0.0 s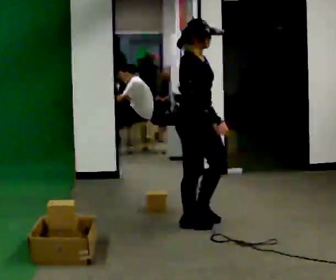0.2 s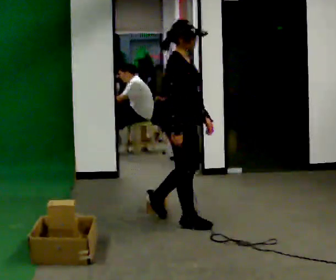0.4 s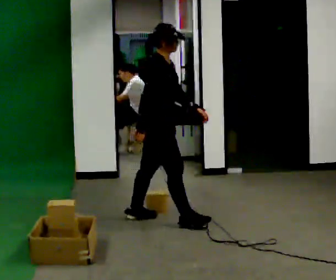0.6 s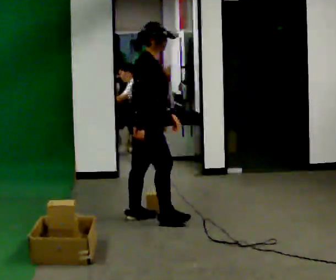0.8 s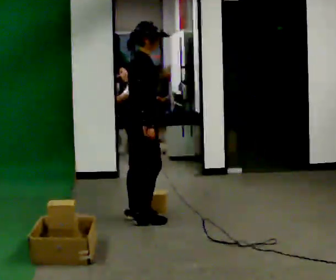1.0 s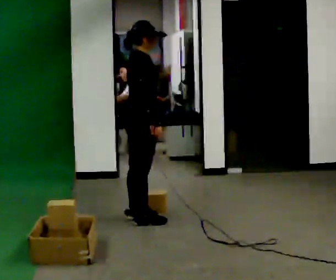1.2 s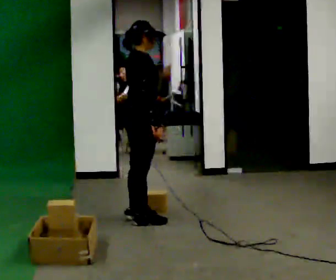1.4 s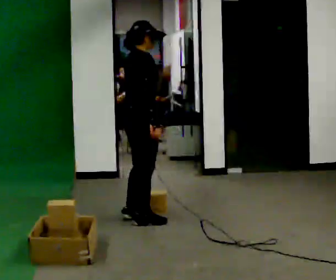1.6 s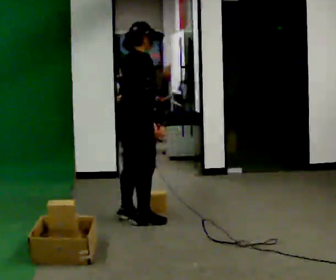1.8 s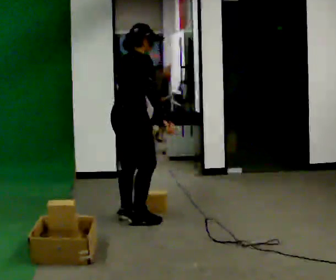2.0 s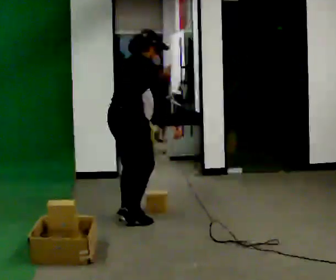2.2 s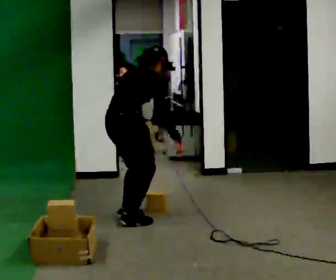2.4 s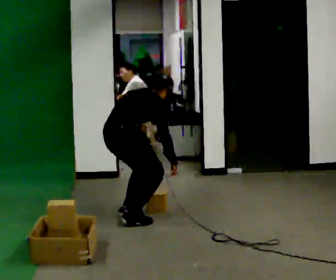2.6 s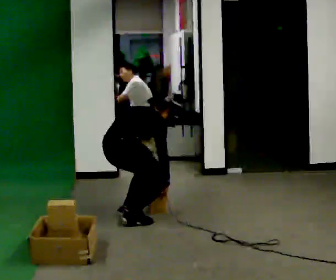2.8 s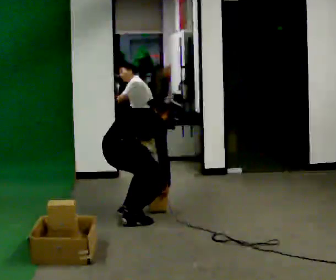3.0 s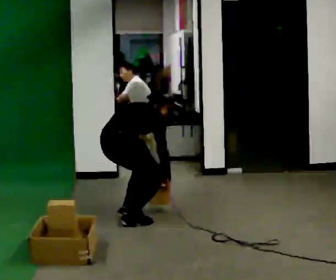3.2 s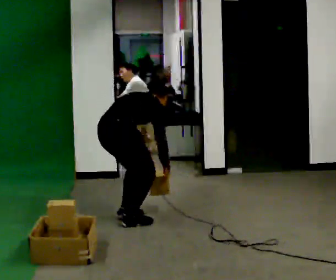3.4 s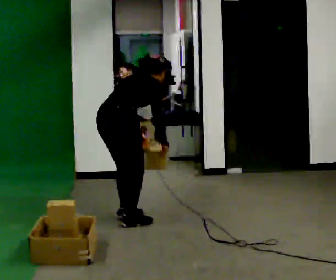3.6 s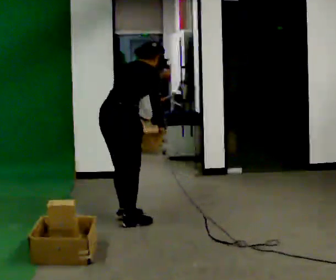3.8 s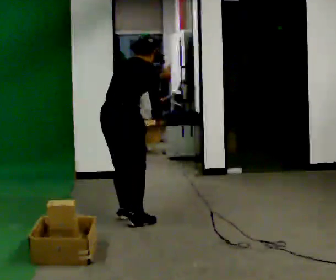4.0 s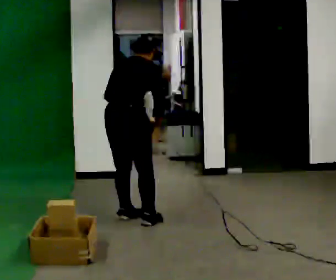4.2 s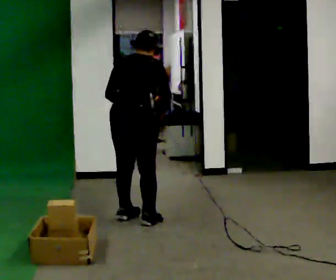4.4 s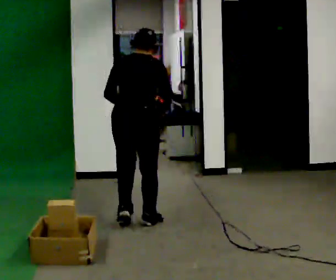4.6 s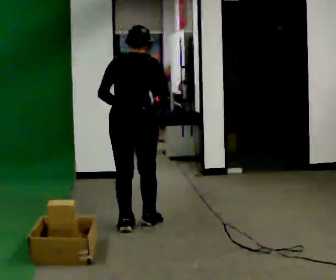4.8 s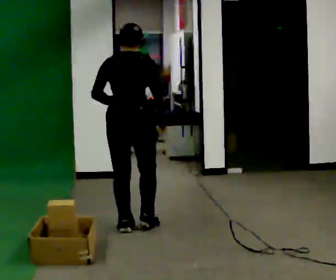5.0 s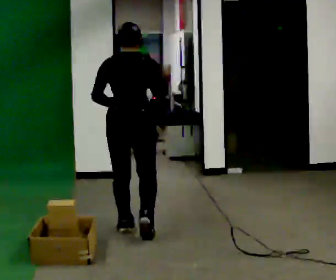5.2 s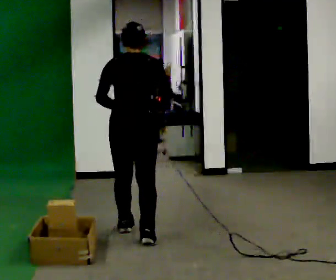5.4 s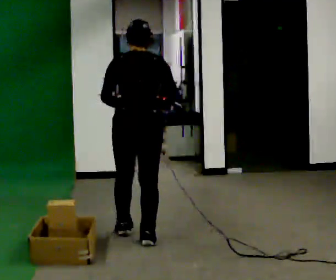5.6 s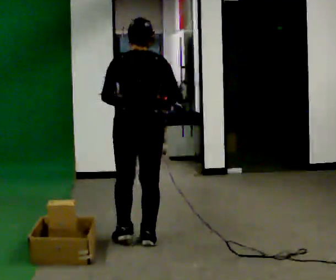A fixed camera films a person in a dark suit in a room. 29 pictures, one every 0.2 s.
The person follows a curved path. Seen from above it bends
counterclockwise.
The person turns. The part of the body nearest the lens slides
to the right.
0.0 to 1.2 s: The person turns about 30 degrees to their left, counterclockwise seen from above, so the part of the body nearest the lens slides to the right. In the picture they go to the left and away from the camera, about 0.5 m in 1 step, which for them is backward.
1.2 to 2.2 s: The person turns about 30 degrees to their left, counterclockwise seen from above, so the part of the body nearest the lens slides to the right. In the picture the upper body tilts clockwise, shoulders to the right, as they bend forward.
2.2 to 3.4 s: The person moves a little, or ends about where they began.
3.4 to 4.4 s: The part of the body nearest the lens slides to the right as the person turns to their left by about 30 degrees. In the picture they go toward the camera, about 0.25 m in 1 step, which for them is to their right. The upper body goes upward. In the picture the upper body tilts counterclockwise, shoulders to the left, as they lean back or straighten.
4.4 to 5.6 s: In the picture they go toward the camera, about 0.5 m in 2 steps, which for them is backward.
The film runs backward here.
